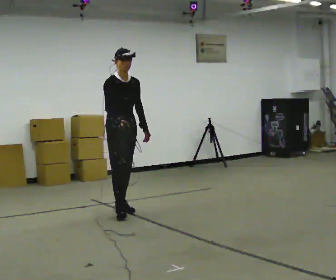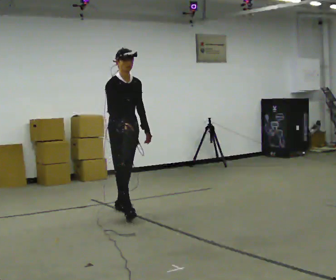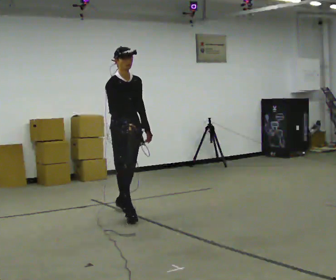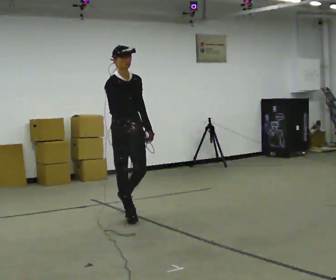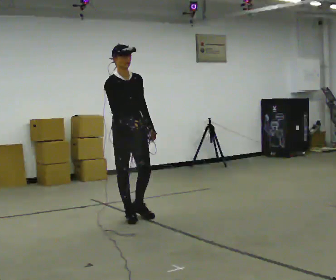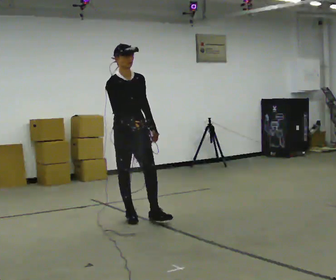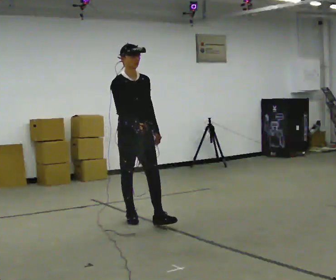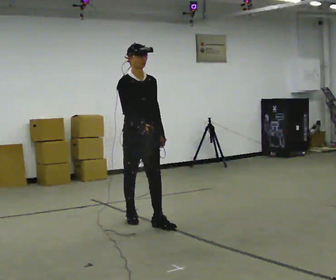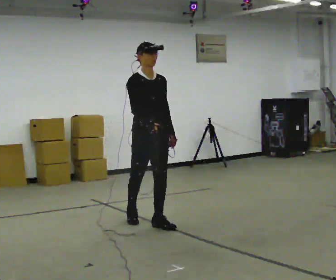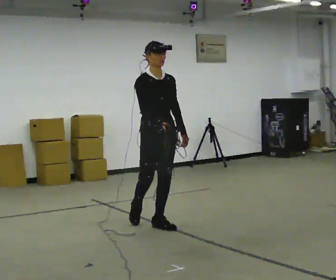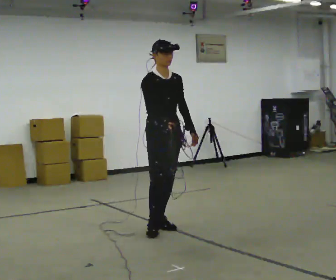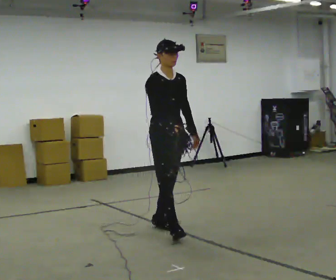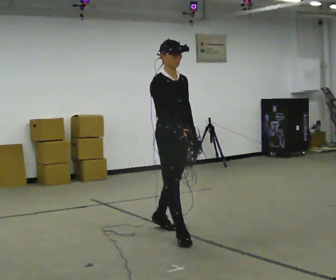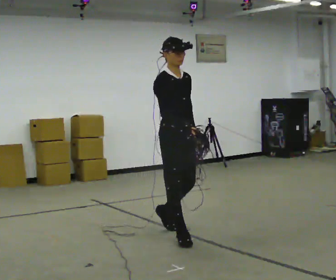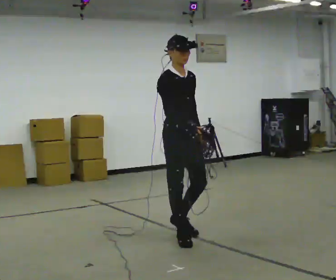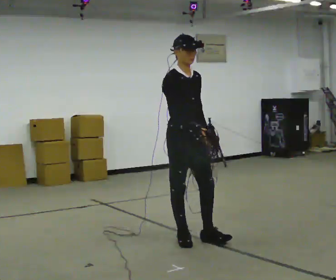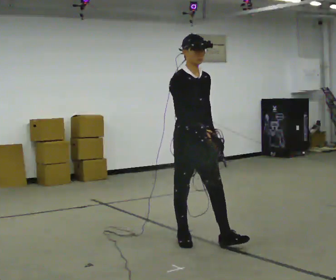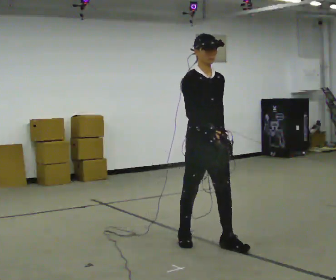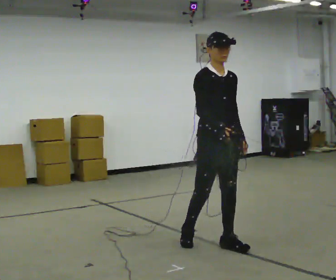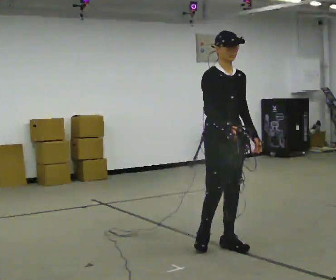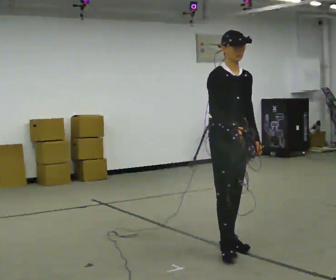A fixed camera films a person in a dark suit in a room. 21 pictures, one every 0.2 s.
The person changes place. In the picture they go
toward the camera.
0.0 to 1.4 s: In the picture they go toward the camera and to the right, about 0.5 m in 2 steps, which for them is forward.
1.4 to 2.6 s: In the picture they go toward the camera and to the right, about 0.5 m in 1 step, which for them is forward.
2.6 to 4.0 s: In the picture they go to the right and toward the camera, about 0.5 m in 1 step, which for them is forward.
The film runs forward here.
